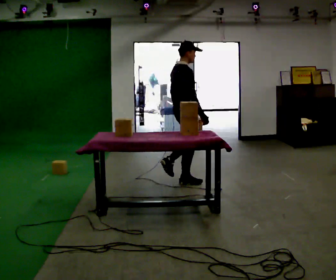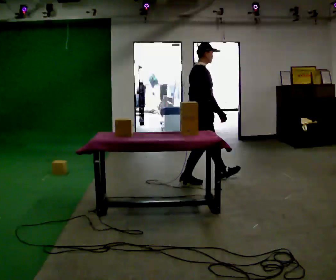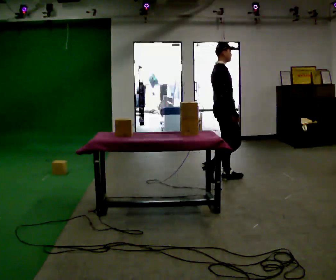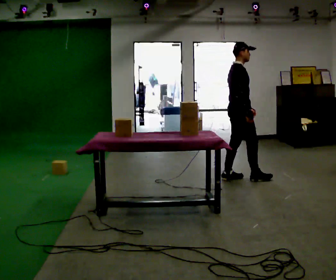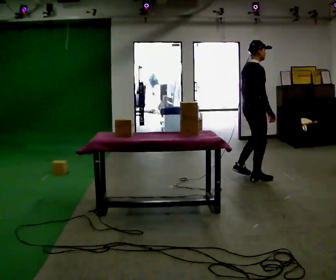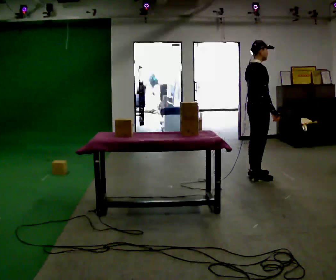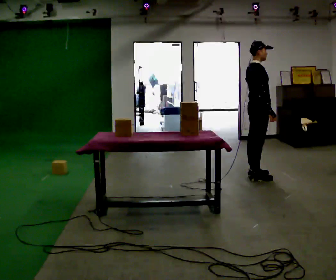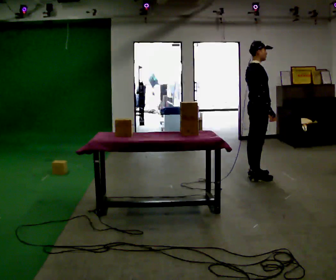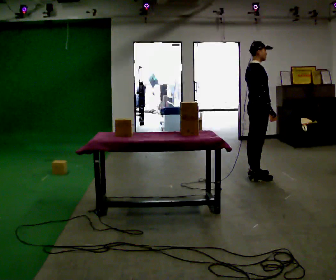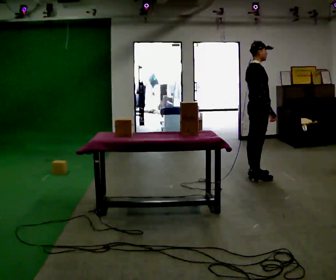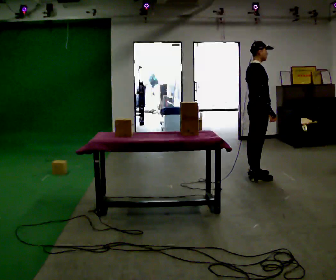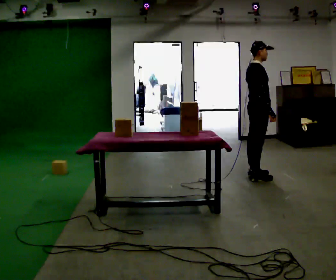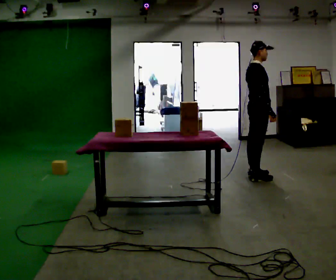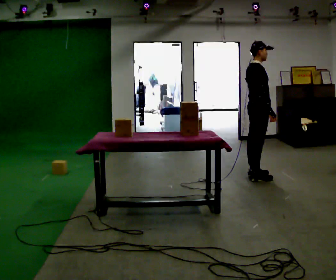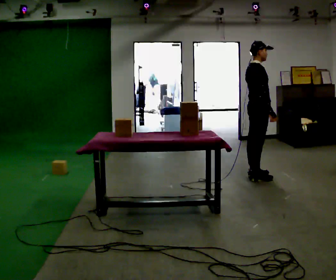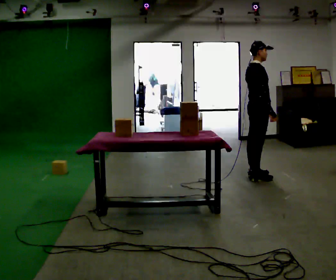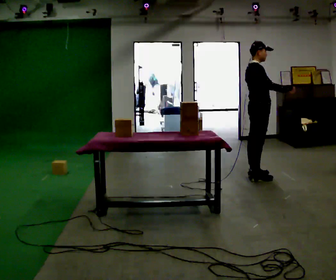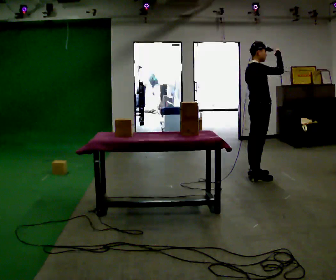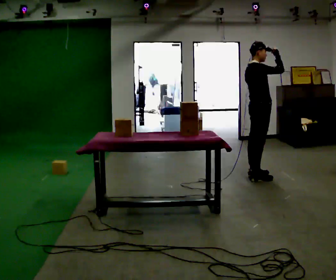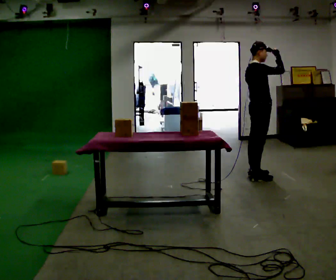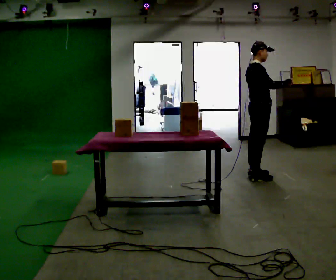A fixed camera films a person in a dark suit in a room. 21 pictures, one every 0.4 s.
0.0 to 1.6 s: In the picture they go to the right and away from the camera, about 1 m in 2 steps, which for them is forward.
1.6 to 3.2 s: The person moves a little, or ends about where they began.
3.2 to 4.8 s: The person keeps their place and pose.
4.8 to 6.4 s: In the picture their right hand goes upward.
6.4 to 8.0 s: The person moves a little, or ends about where they began.
The film runs forward here.
